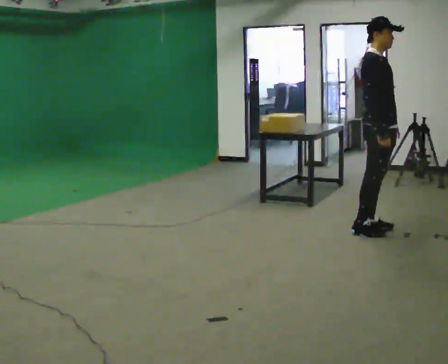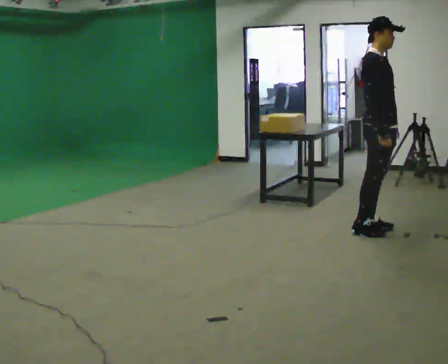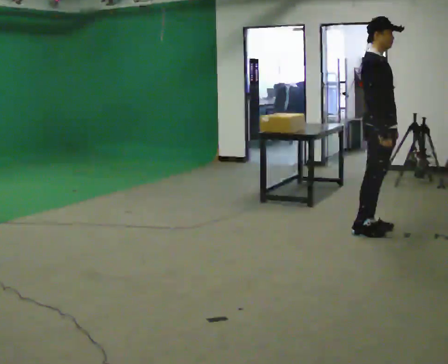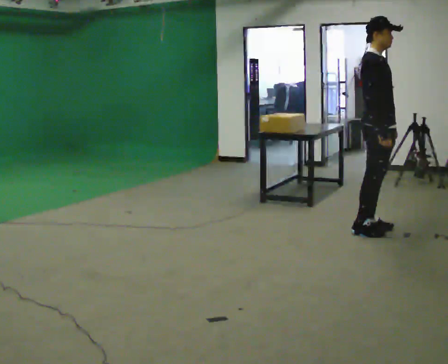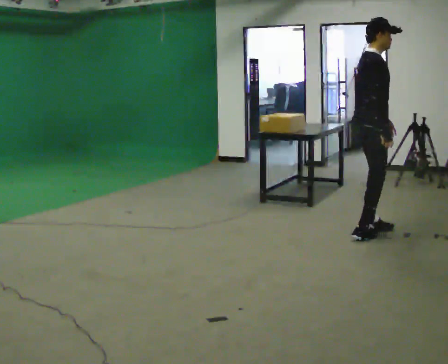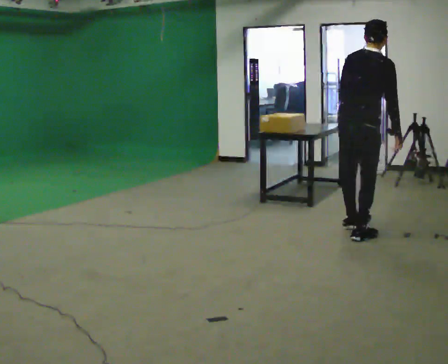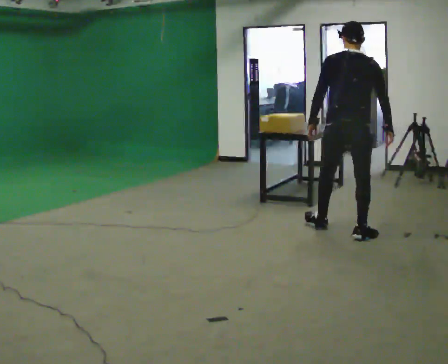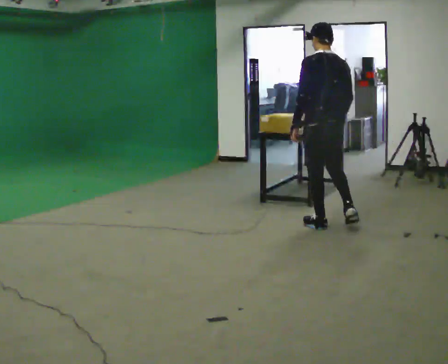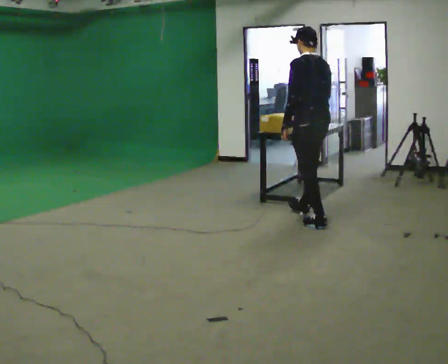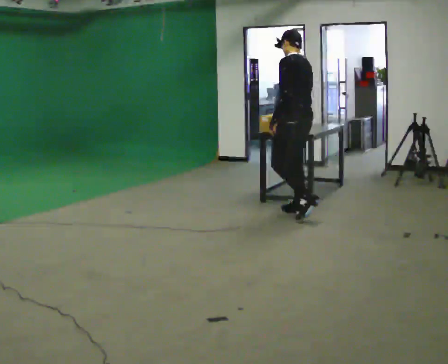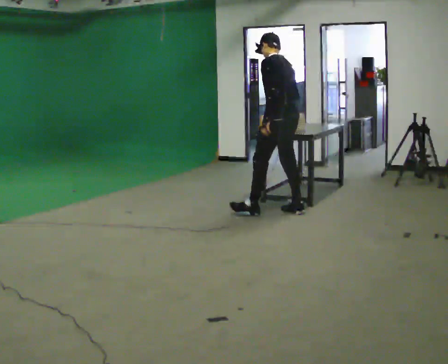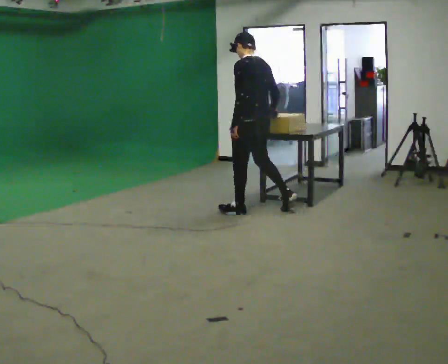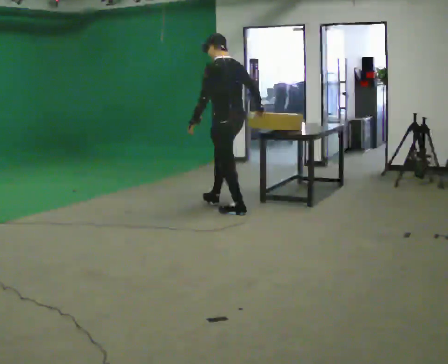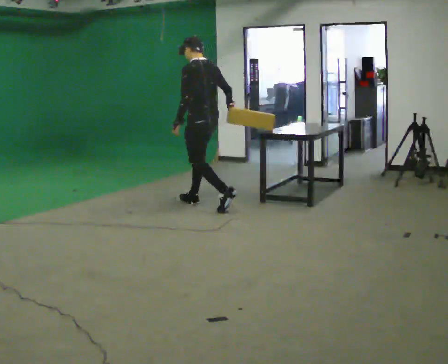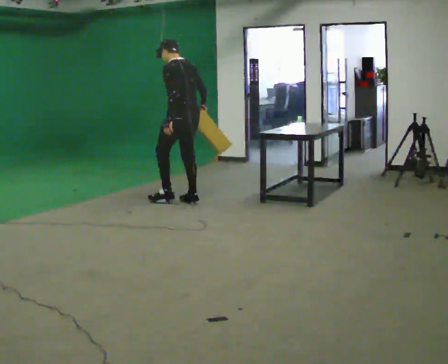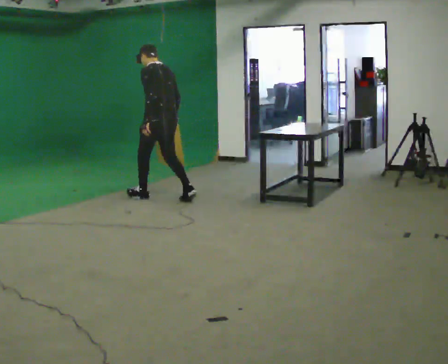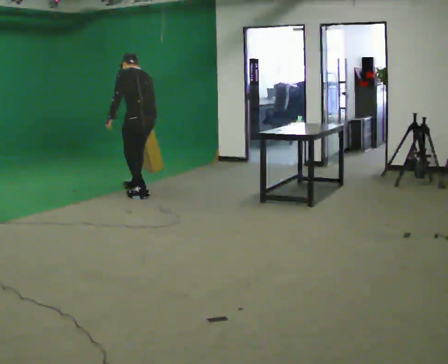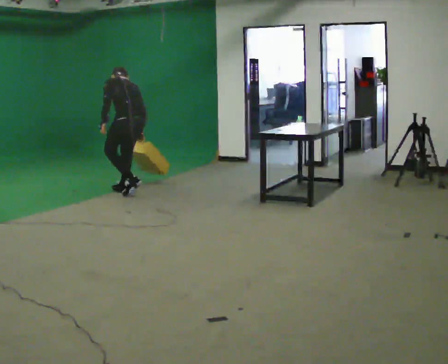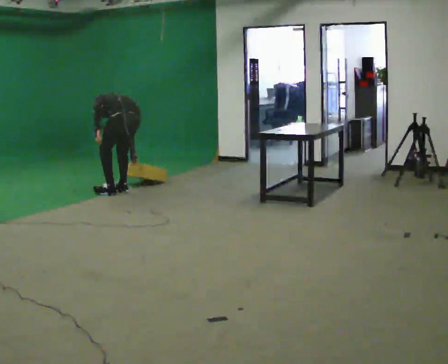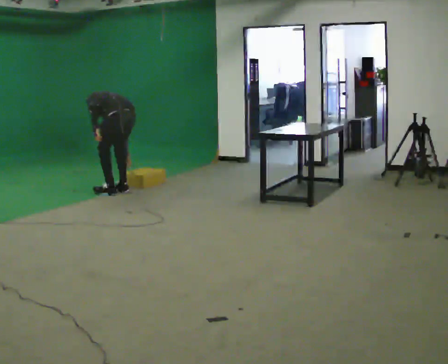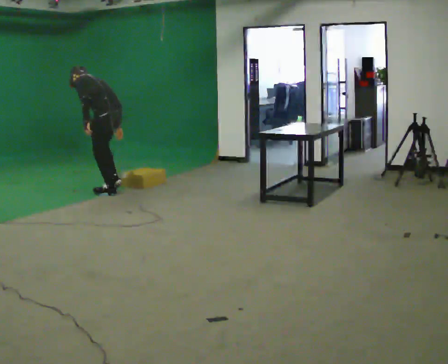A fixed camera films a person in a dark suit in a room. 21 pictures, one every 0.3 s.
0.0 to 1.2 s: Seen from above the body turns counterclockwise, about 30 degrees: to their left, with its near side sliding to the right.
1.2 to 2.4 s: Seen from above the body turns counterclockwise, about 120 degrees: to their left, with its near side sliding to the right. In the picture they go to the left and away from the camera, about 0.5 m in 1 step.
2.4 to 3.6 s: In the picture they go to the left and away from the camera, about 1 m in 2 steps, which for them is forward.
3.6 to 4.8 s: In the picture they go to the left, about 1 m in 2 steps, which for them is forward. The upper body tips away from the camera, its near side rolling upward, as they bend forward.
4.8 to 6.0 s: In the picture they go to the left, about 0.5 m in 2 steps, which for them is forward.
The film runs forward here.
